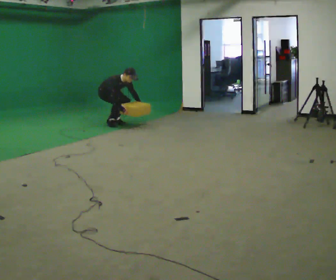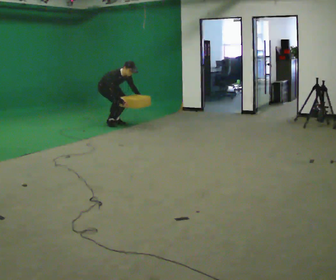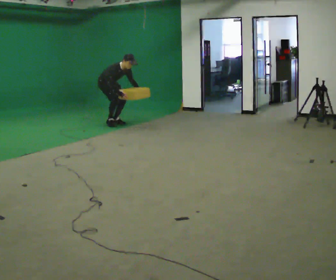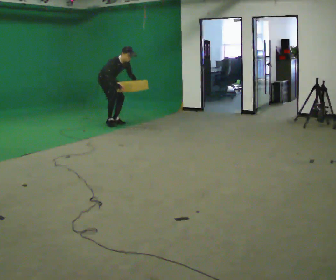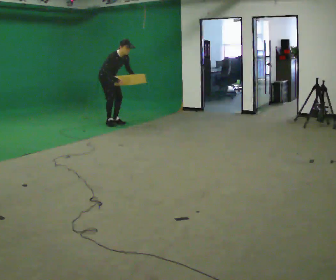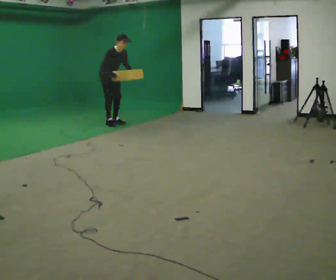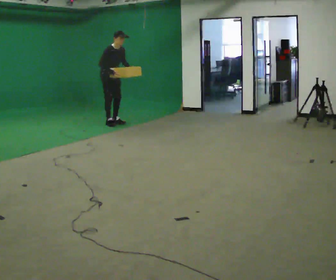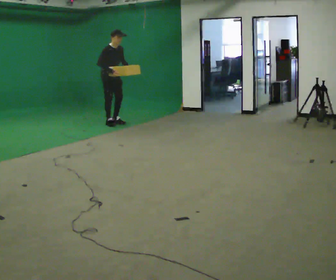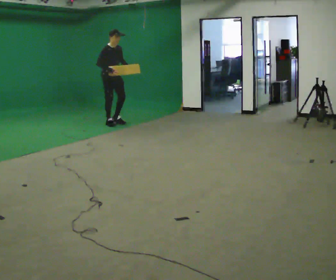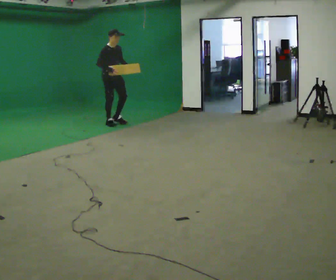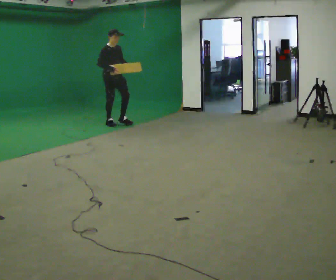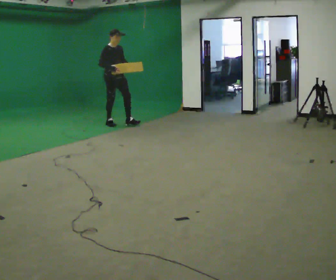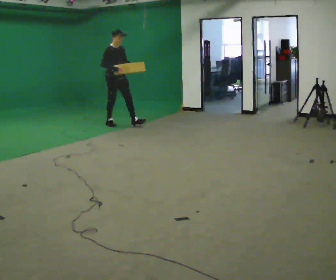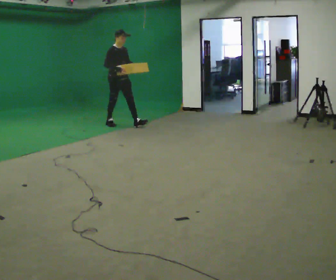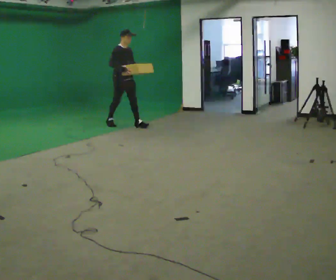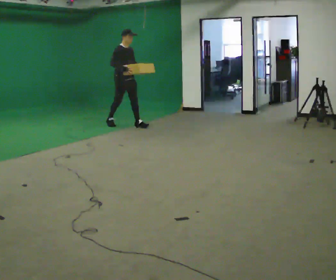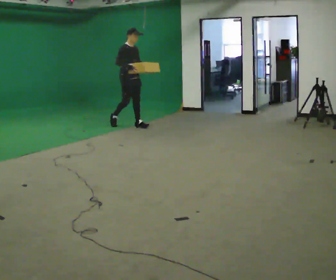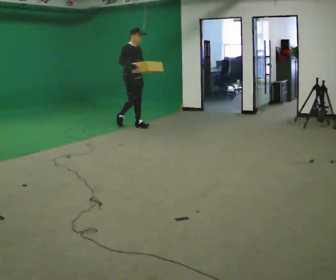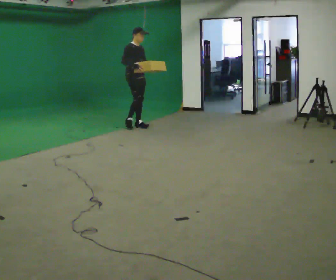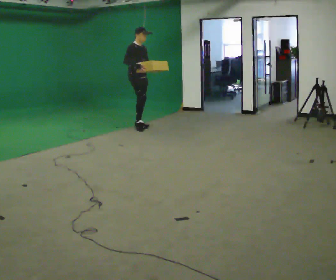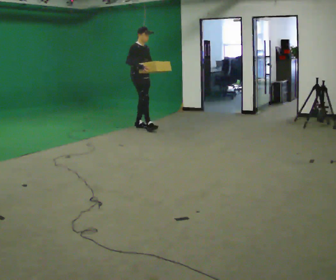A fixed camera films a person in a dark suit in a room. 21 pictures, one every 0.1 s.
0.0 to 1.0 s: In the picture they go toward the camera, about 0.25 m, which for them is forward. The shoulders move upward. In the picture the upper body tilts counterclockwise, shoulders to the left, as they lean back or straighten. In the picture their right hand goes upward.
1.0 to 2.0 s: In the picture they go to the right and toward the camera, about 0.5 m in 1 step, which for them is forward.
The film runs forward here.
